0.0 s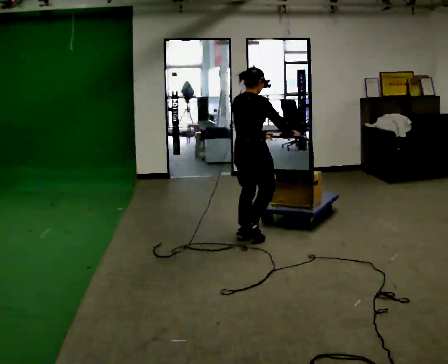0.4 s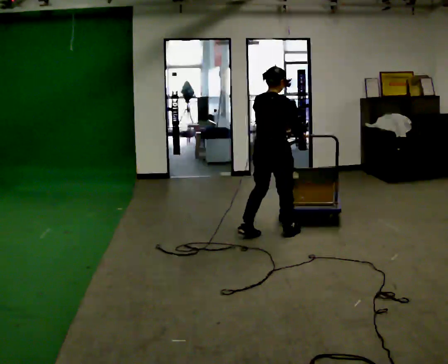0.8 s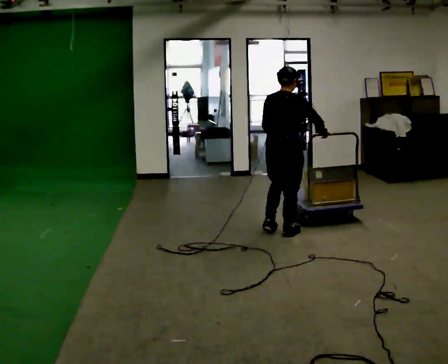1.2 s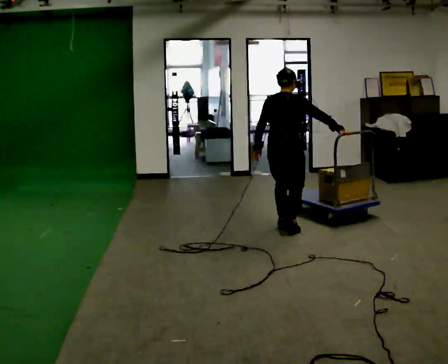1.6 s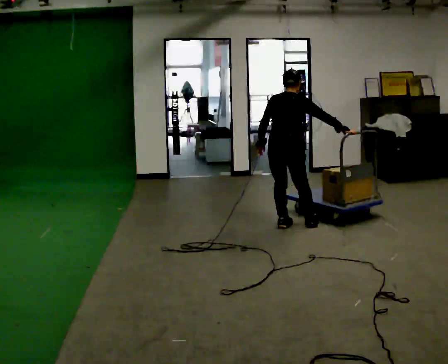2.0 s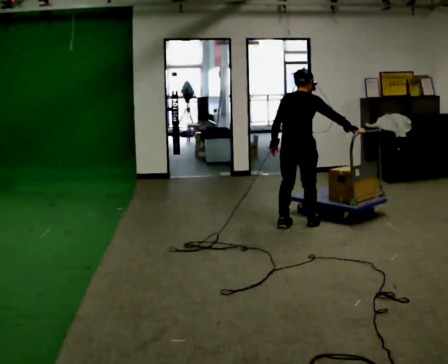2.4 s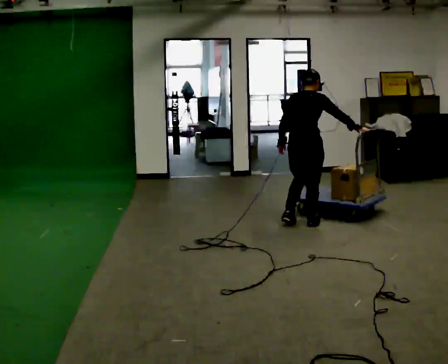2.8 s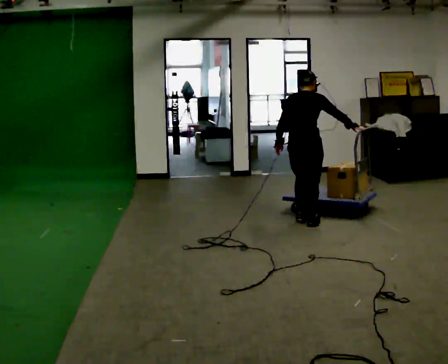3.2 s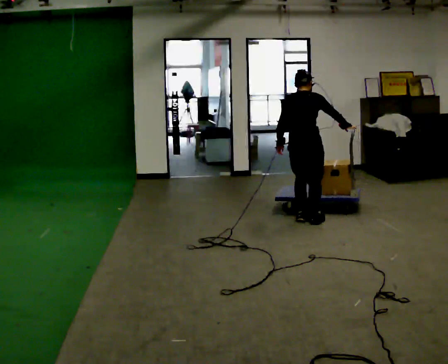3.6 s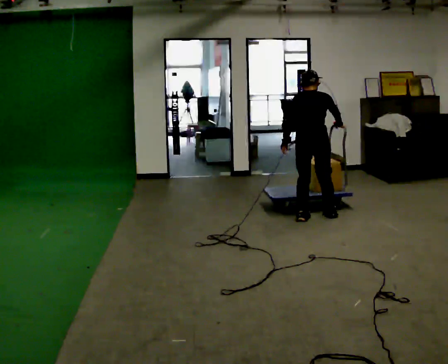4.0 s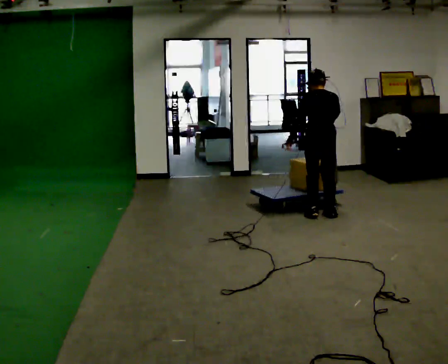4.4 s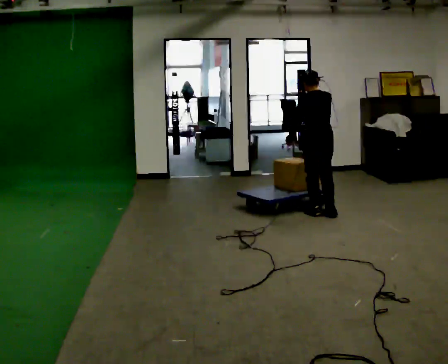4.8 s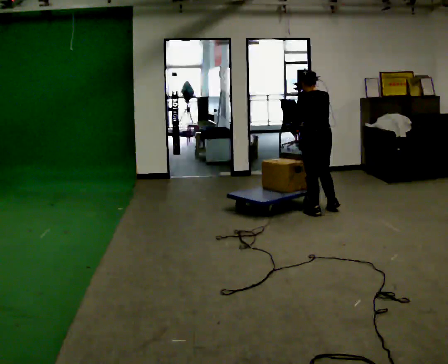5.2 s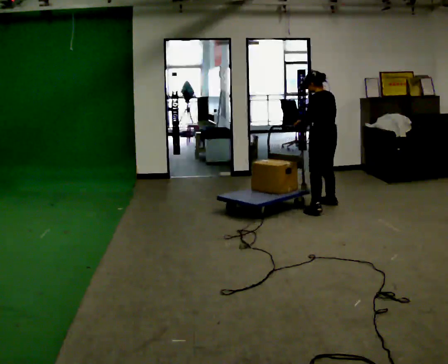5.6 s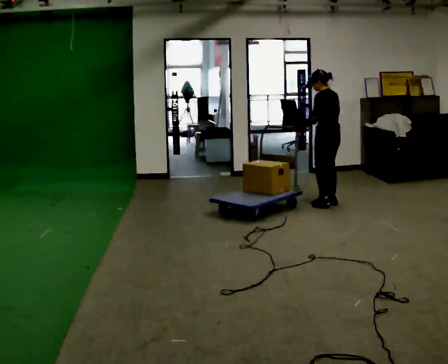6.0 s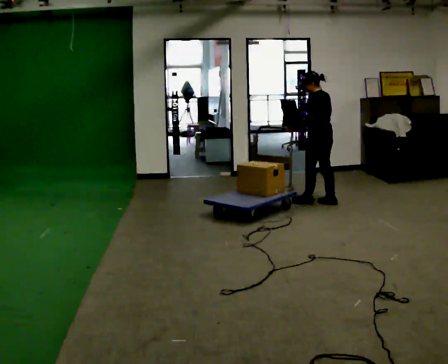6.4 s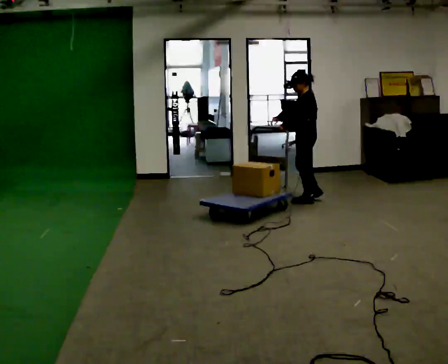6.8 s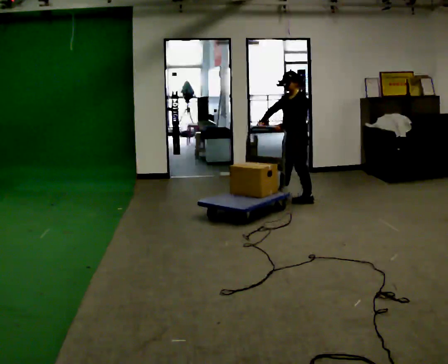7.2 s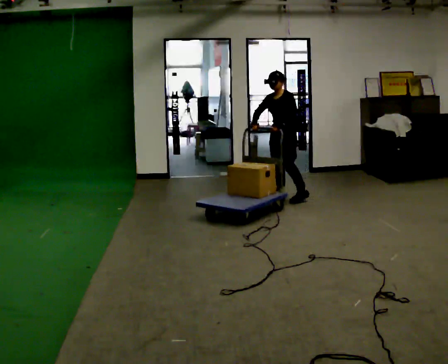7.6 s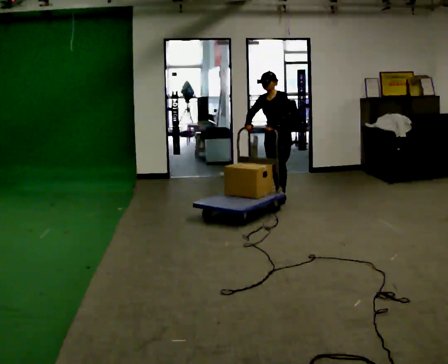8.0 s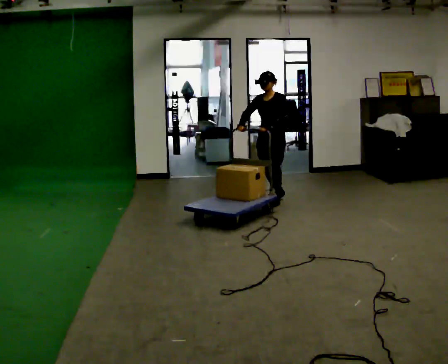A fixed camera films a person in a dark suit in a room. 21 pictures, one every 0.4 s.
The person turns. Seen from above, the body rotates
counterclockwise.
The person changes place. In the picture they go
away from the camera.
0.0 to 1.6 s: In the picture they go away from the camera and to the right, about 0.5 m in 2 steps, which for them is forward.
1.6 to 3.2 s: In the picture they go away from the camera and to the right, about 0.25 m in 2 steps, which for them is forward.
3.2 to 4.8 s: The person turns about 45 degrees to their left, counterclockwise seen from above, so the part of the body nearest the lens slides to the right. In the picture they go away from the camera, about 0.25 m in 2 steps, which for them is to their right and forward.
4.8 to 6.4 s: The person turns about 60 degrees to their left, counterclockwise seen from above, so the part of the body nearest the lens slides to the right. In the picture they go away from the camera, about 0.5 m in 2 steps, which for them is to their right and forward.
6.4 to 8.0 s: The person turns about 60 degrees to their left, counterclockwise seen from above, so the part of the body nearest the lens slides to the right. In the picture they go to the left, about 0.5 m in 2 steps, which for them is forward and to their right.
The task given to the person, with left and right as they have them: Push the loaded cart from one corner of the room to the other, turn it round, and push it back. Keep going until the operator says stop.
The film runs forward here.
